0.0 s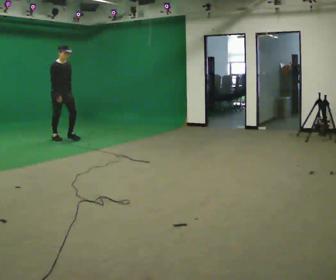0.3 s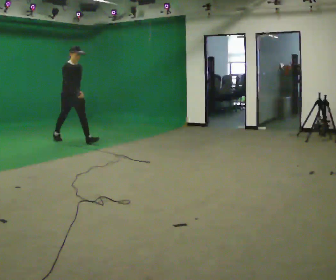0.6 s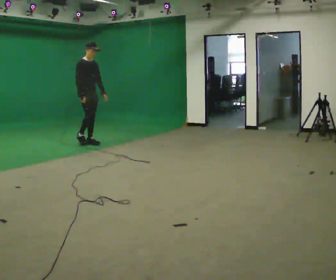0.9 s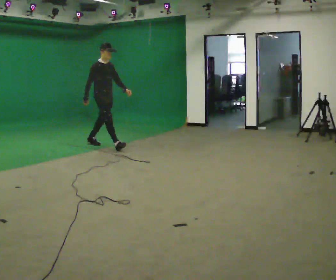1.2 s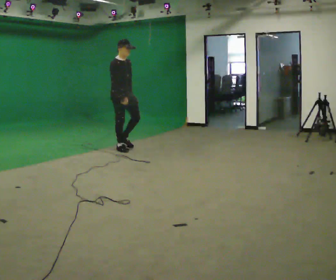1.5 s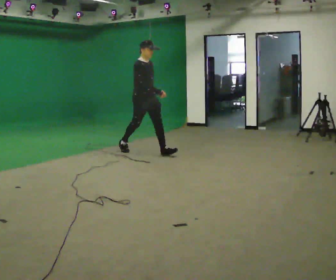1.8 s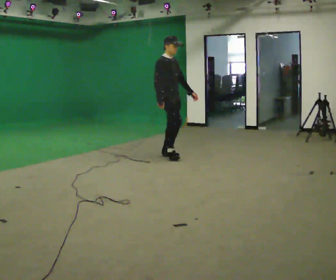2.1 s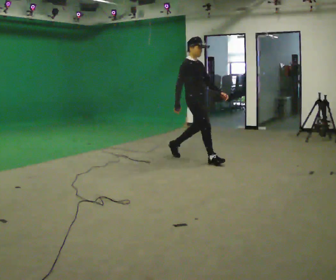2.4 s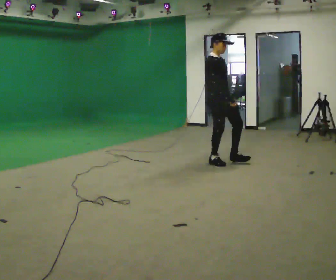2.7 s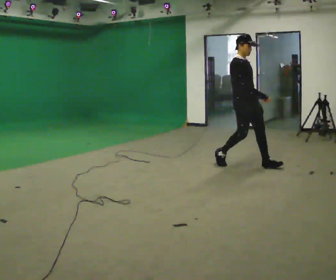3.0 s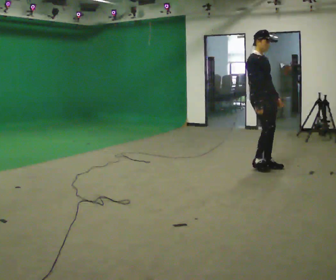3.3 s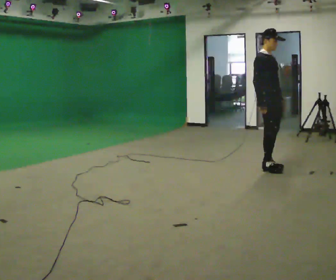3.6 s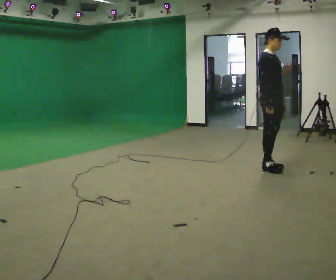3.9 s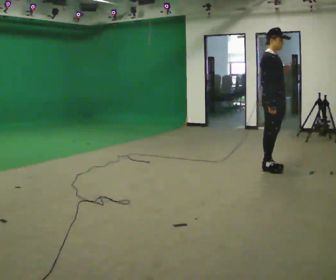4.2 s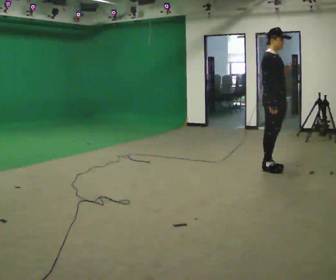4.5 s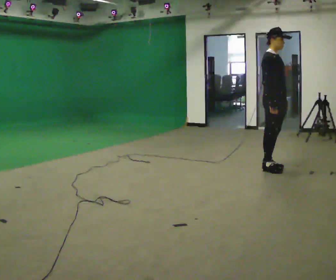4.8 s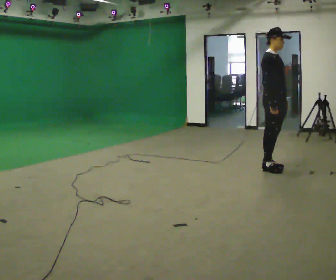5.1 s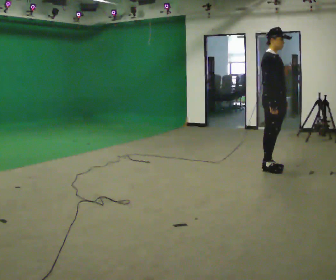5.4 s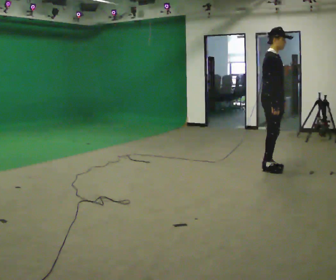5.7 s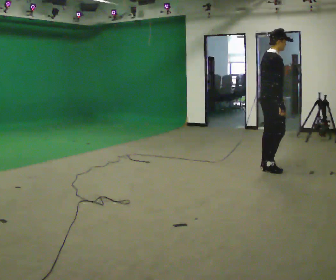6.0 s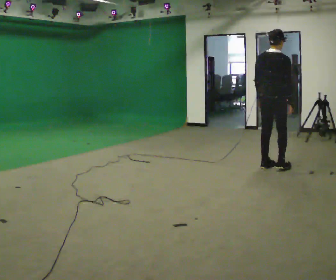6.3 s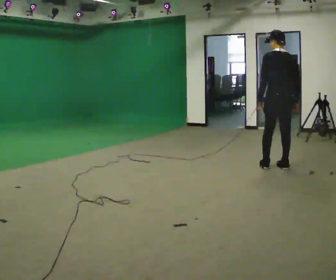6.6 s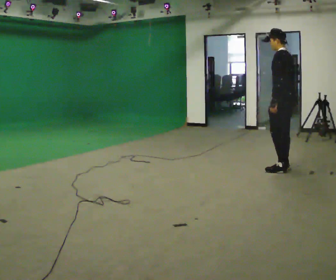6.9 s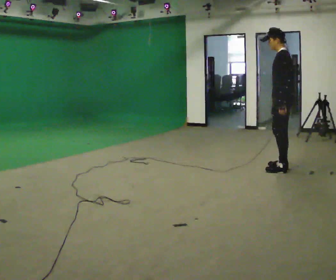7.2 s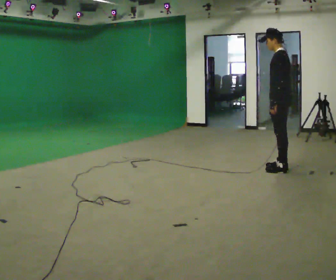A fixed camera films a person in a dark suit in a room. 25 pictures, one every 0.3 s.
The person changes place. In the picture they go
to the right.
0.0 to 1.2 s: In the picture they go to the right, about 1.5 m in 2 steps, which for them is forward.
1.2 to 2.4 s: In the picture they go to the right, about 1.5 m in 2 steps, which for them is forward.
2.4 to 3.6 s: In the picture they go to the right, about 0.75 m in 2 steps, which for them is forward.
3.6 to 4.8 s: The person moves a little, or ends about where they began.
4.8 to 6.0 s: The person turns about 90 degrees to their left, counterclockwise seen from above, so the part of the body nearest the lens slides to the right. In the picture their left hand goes to the left.
6.0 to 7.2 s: Seen from above the body turns counterclockwise, about 105 degrees: to their left, with its near side sliding to the right.
The film runs forward here.
